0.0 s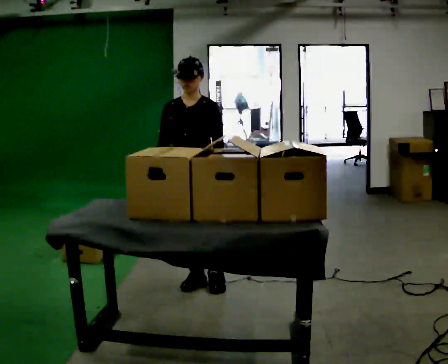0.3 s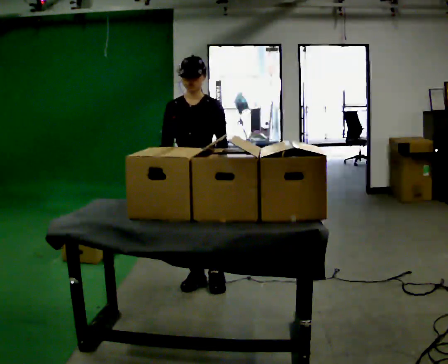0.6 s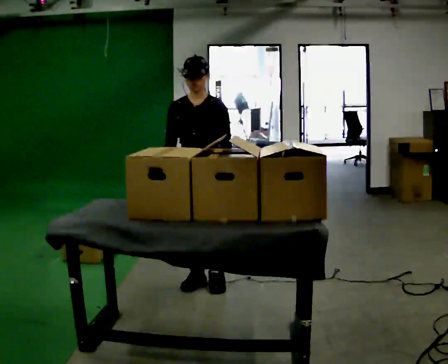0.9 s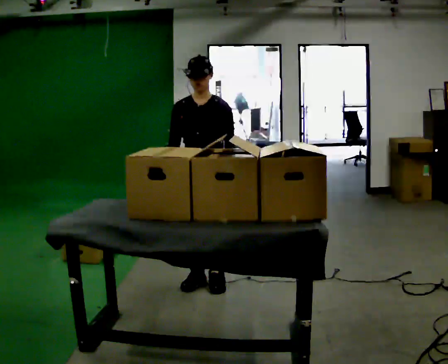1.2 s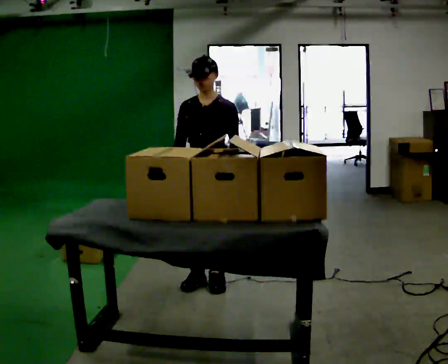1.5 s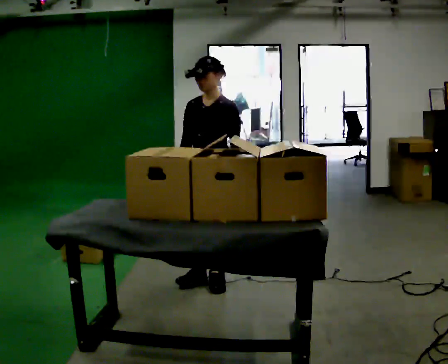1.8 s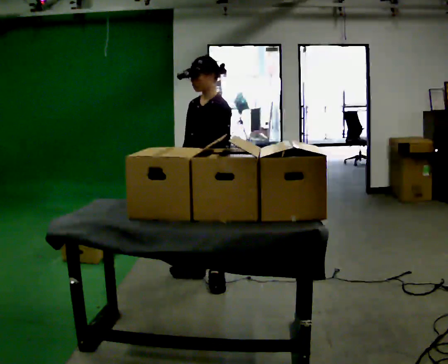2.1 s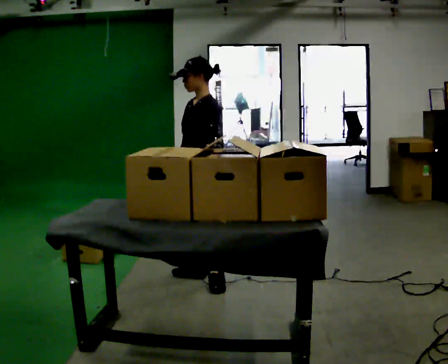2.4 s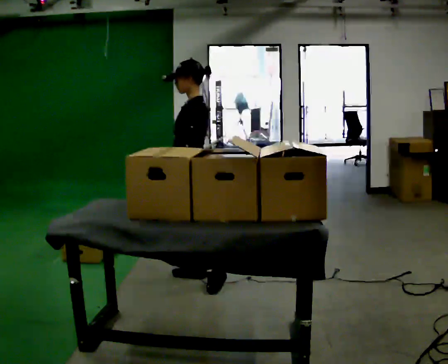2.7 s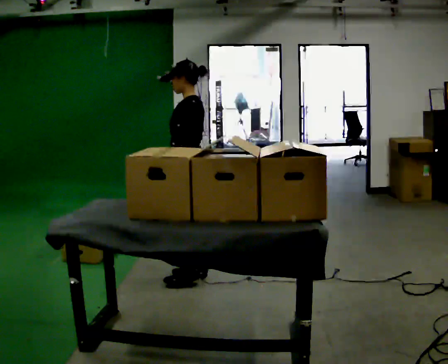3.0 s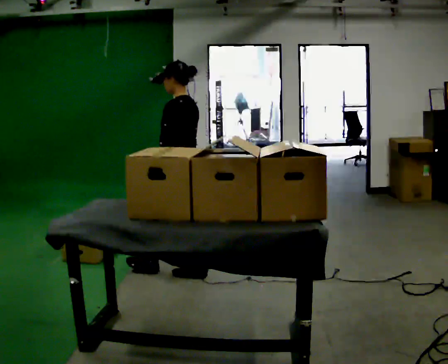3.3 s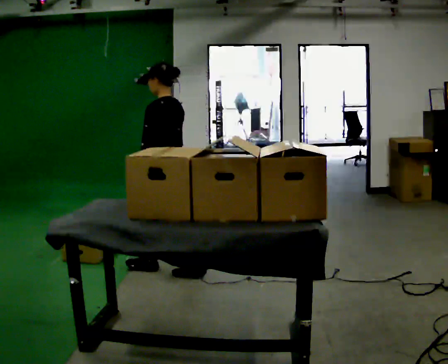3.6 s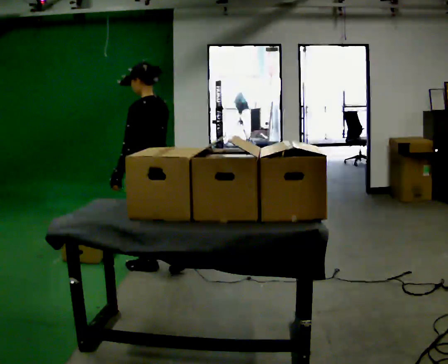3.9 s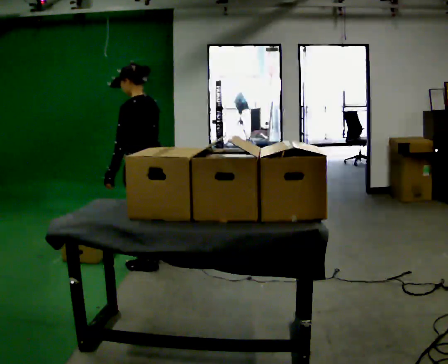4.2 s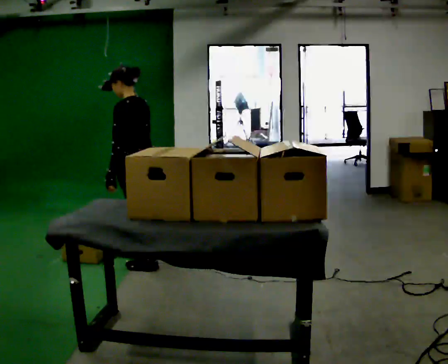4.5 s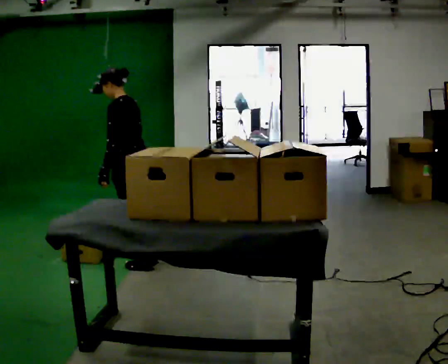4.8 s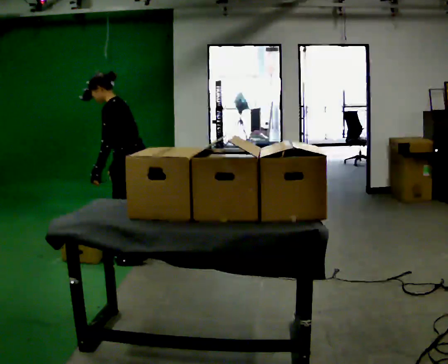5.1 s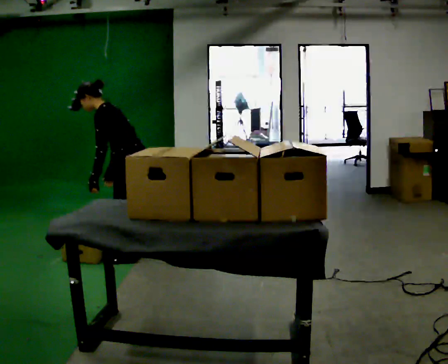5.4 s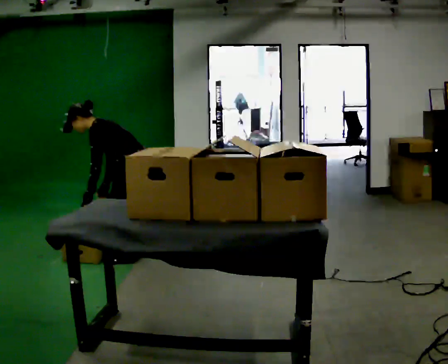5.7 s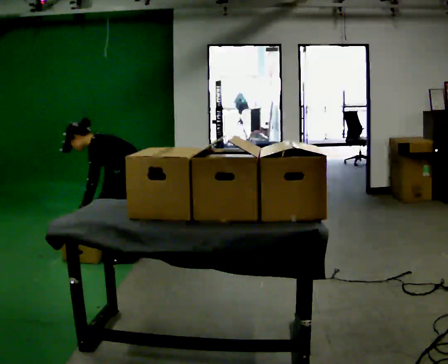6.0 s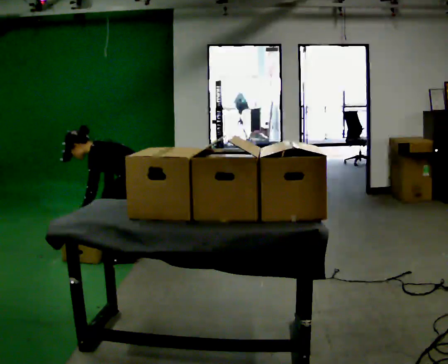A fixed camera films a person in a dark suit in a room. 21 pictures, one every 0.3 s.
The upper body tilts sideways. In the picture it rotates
counterclockwise.
The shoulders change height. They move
downward.
0.0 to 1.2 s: The person moves a little, or ends about where they began.
1.2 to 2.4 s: The part of the body nearest the lens slides to the left as the person turns to their right by about 75 degrees. In the picture they go away from the camera, about 0.25 m.
2.4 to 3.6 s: Seen from above the body turns clockwise, about 30 degrees: to their right, with its near side sliding to the left. In the picture they go to the left, about 0.25 m in 1 step, which for them is forward.
3.6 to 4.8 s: The part of the body nearest the lens slides to the right as the person turns to their left by about 30 degrees. In the picture they go away from the camera and to the left, about 0.25 m in 1 step, which for them is forward and to their right. In the picture the upper body tilts counterclockwise, shoulders to the left, as they bend forward.
4.8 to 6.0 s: The upper body goes downward. In the picture the upper body tilts counterclockwise, shoulders to the left, as they bend forward. In the picture their left hand goes downward.
The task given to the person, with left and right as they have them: Take an object off the waist-height shelf, carry it across the room, and set it down on the floor. Keep going until the operator says stop; one object at a time, and do not rush between trips.
The film runs forward here.
